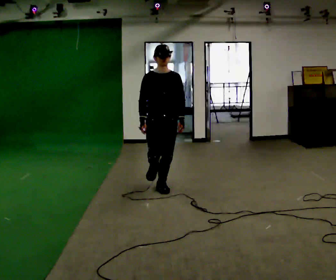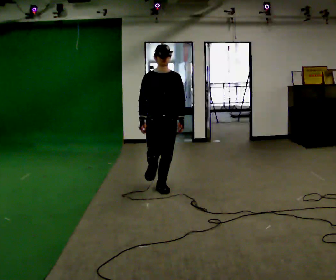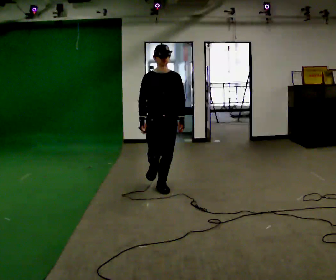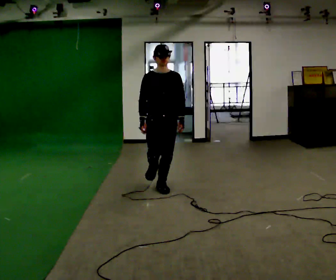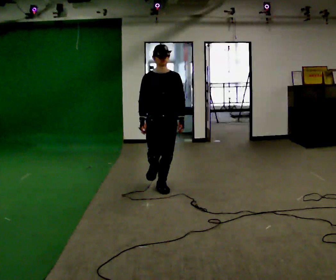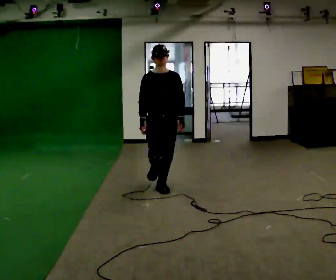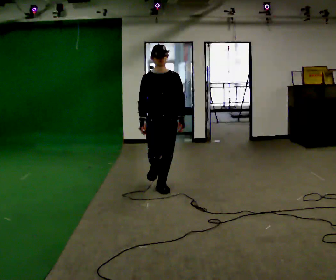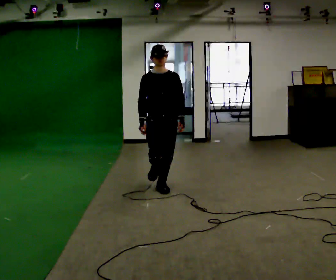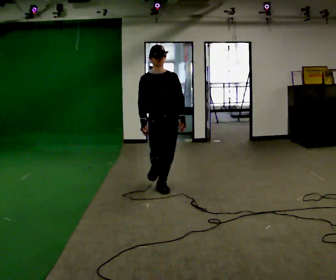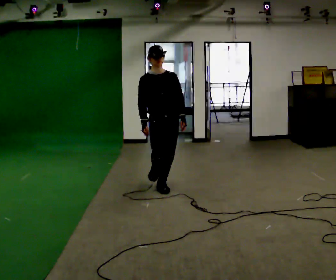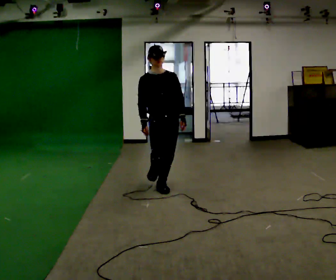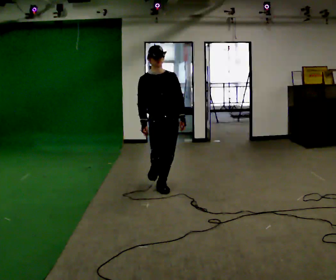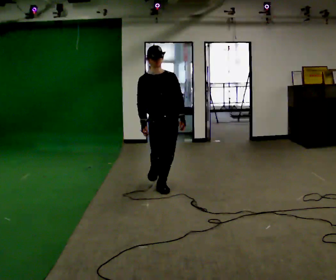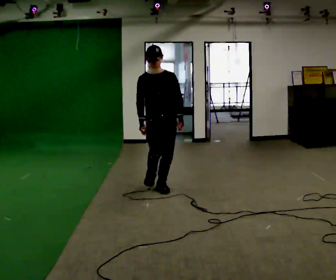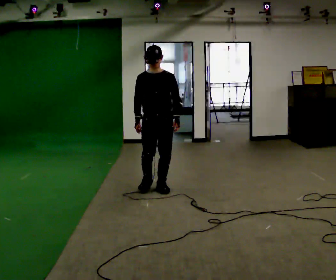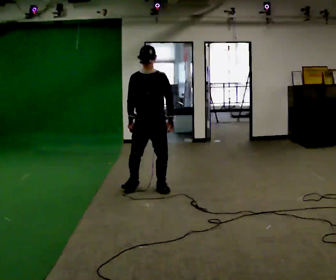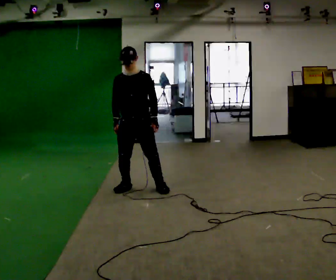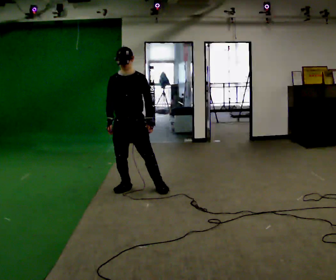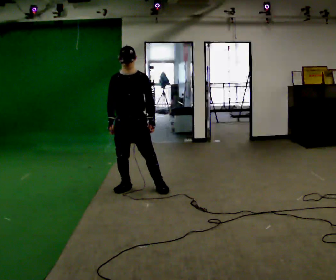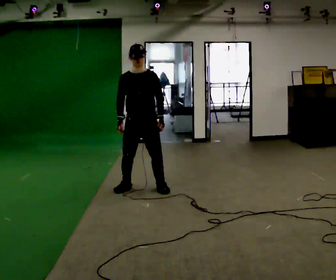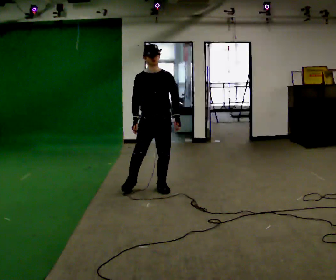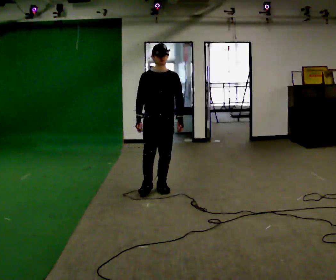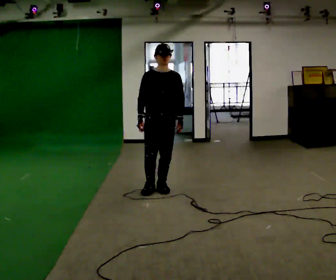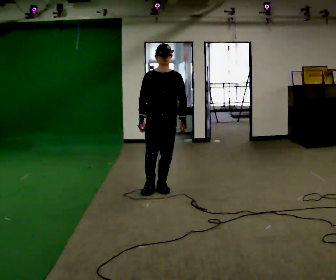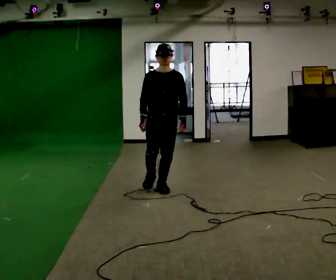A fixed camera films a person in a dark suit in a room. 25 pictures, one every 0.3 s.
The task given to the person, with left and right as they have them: Stand on one foot on the marked spot, on the side the operator calls. Hold it until you genuinely lose your balance, then put the other foot down. Repeat at your own pace until the operator says stop. Go slowly and only as far as you are comfortable. Step whenever you need to; do not try to hold on longer than feels safe.
0.0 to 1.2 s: The person keeps their place and pose.
1.2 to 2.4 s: The person moves a little, or ends about where they began.
2.4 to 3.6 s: The person keeps their place and pose.
3.6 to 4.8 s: In the picture they go to the left, about 0.25 m in 1 step, which for them is to their right.
4.8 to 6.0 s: In the picture they go to the right, about 0.25 m, which for them is to their left.
6.0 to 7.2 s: The person moves a little, or ends about where they began.
The film runs forward here.
